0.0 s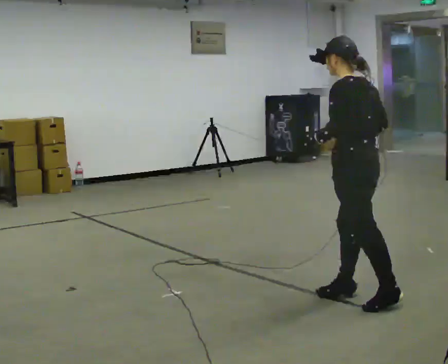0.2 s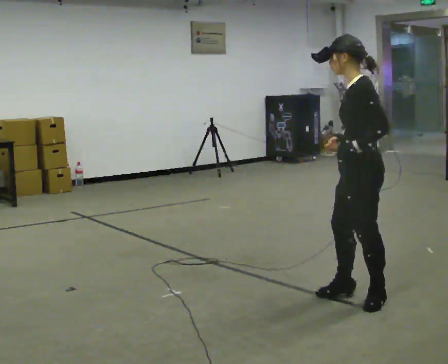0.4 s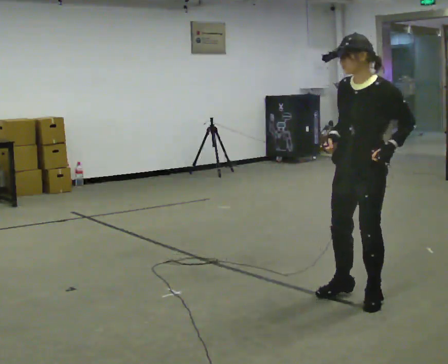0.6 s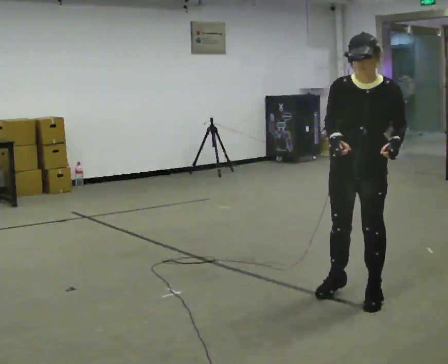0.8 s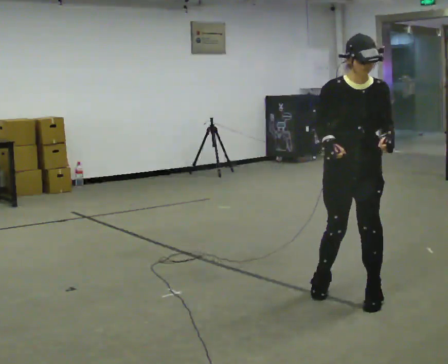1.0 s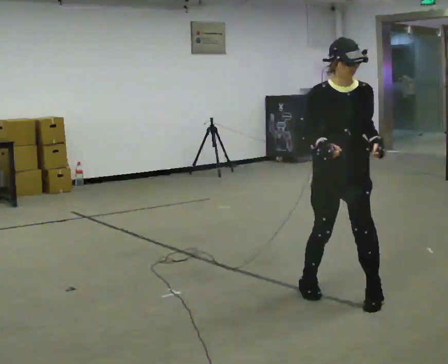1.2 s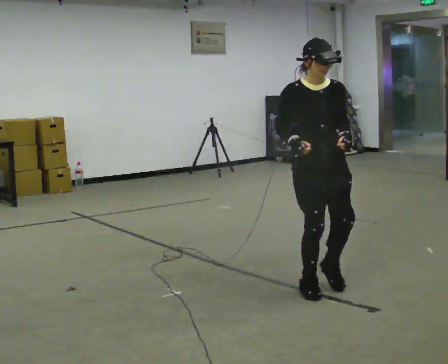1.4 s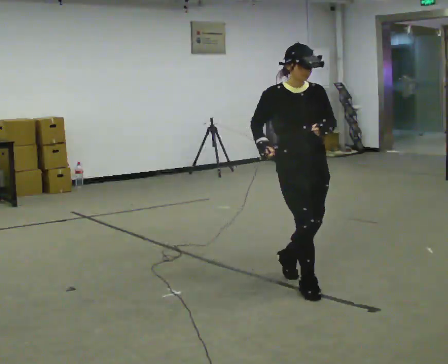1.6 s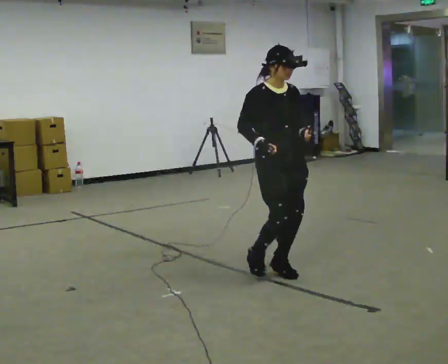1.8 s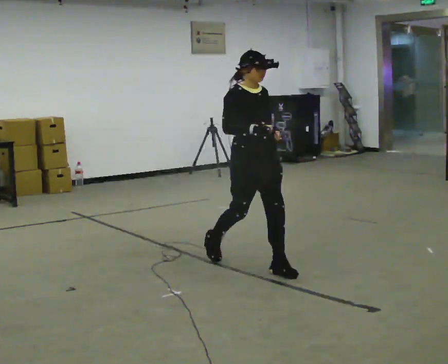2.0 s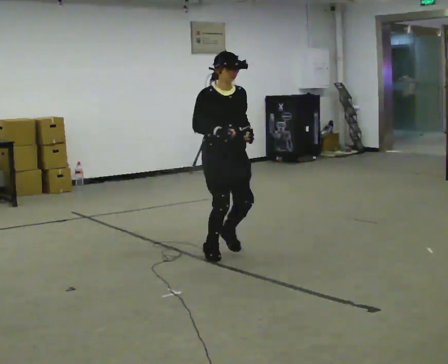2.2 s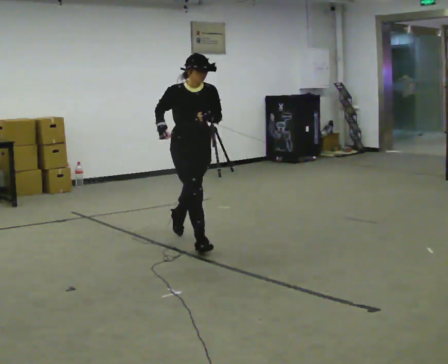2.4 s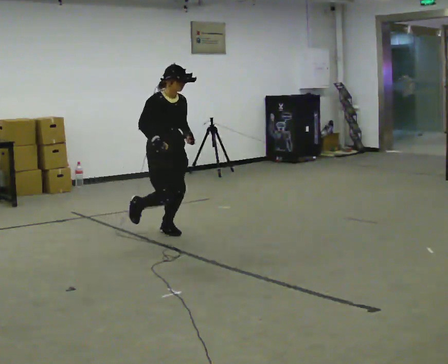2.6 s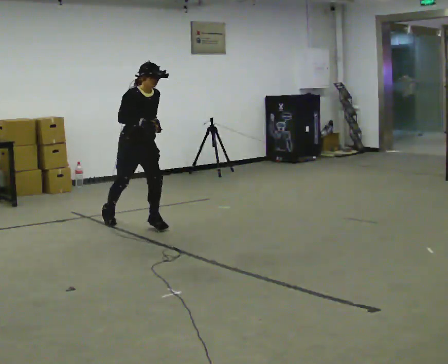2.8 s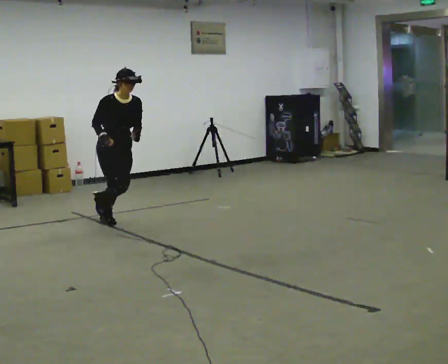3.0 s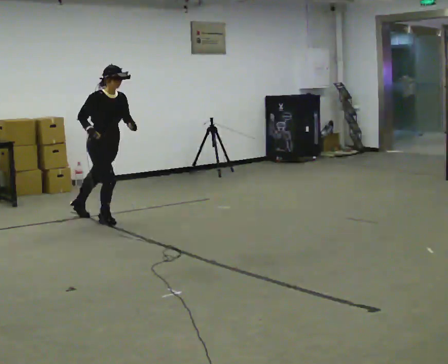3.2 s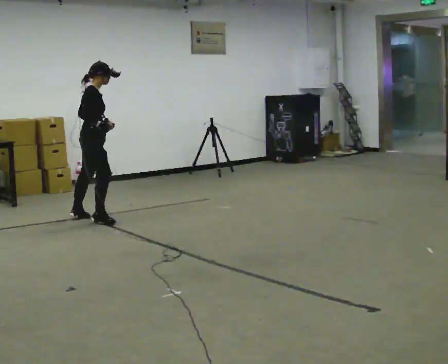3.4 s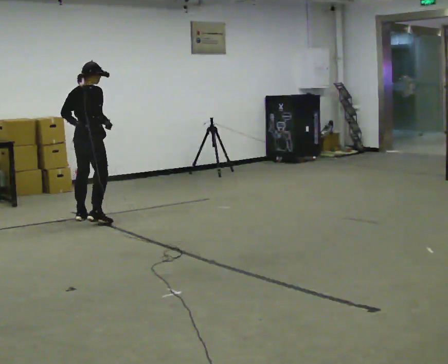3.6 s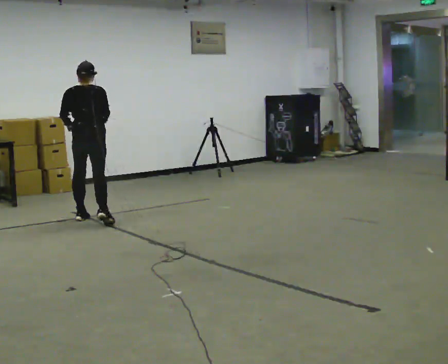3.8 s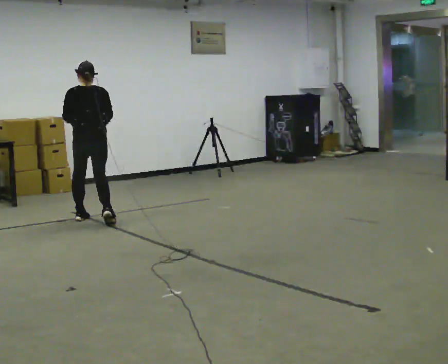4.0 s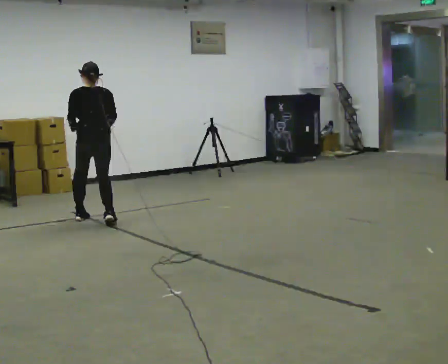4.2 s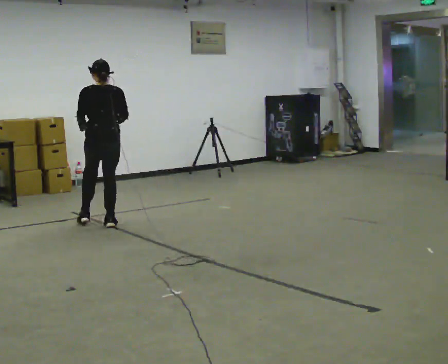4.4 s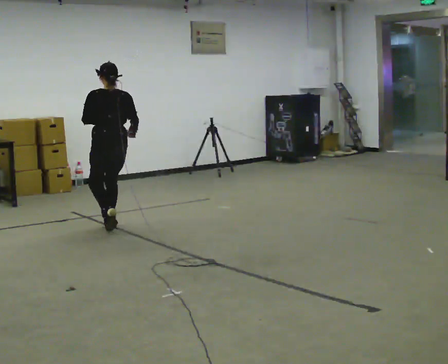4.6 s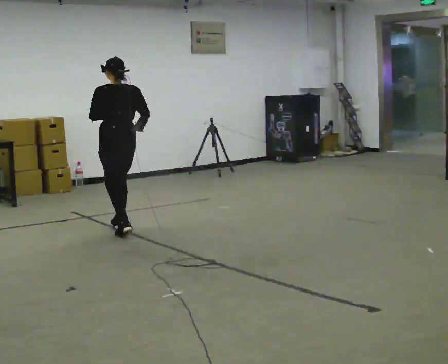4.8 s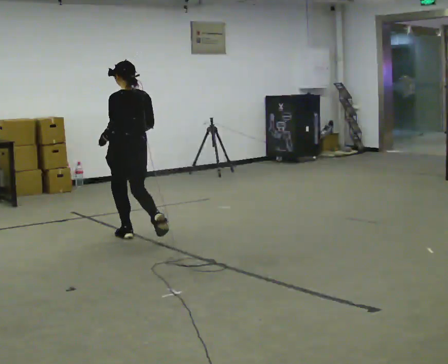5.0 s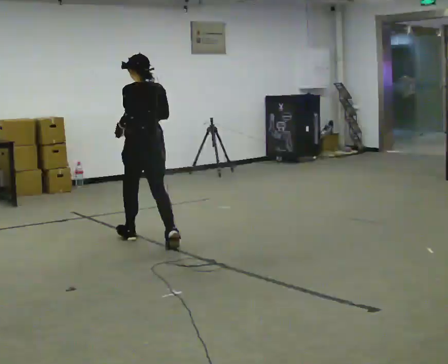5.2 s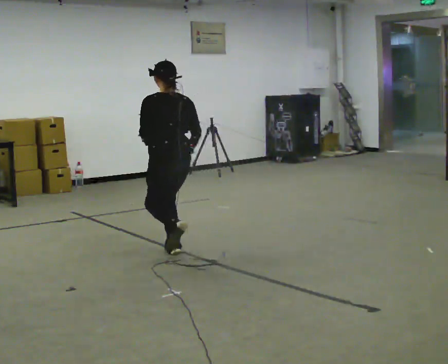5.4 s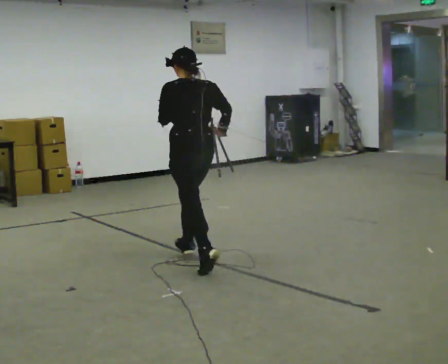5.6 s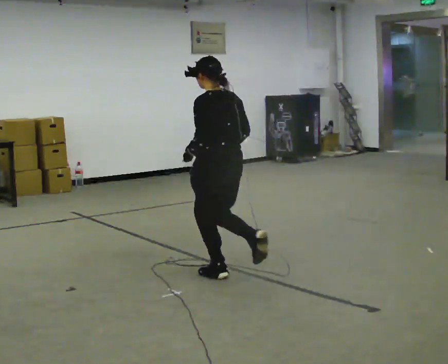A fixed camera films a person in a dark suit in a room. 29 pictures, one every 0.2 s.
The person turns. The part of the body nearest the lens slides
to the right.
The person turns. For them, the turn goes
to their left.
0.0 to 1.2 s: The person turns about 135 degrees to their left, counterclockwise seen from above, so the part of the body nearest the lens slides to the right. In the picture they go away from the camera and to the left, about 0.25 m in 3 steps.
1.2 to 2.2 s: In the picture they go away from the camera and to the left, about 1.5 m in 3 steps, which for them is backward.
2.2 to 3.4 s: The part of the body nearest the lens slides to the right as the person turns to their left by about 105 degrees. In the picture they go away from the camera and to the left, about 1.5 m in 2 steps.
3.4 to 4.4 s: The person turns about 75 degrees to their left, counterclockwise seen from above, so the part of the body nearest the lens slides to the right. In the picture they go toward the camera and to the right, about 0.5 m in 1 step.
4.4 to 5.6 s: In the picture they go toward the camera and to the right, about 1.5 m in 3 steps, which for them is backward.
The film runs backward here.
